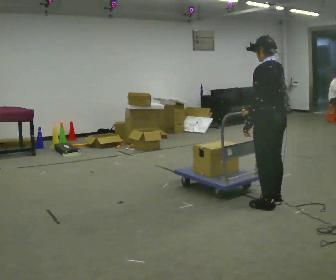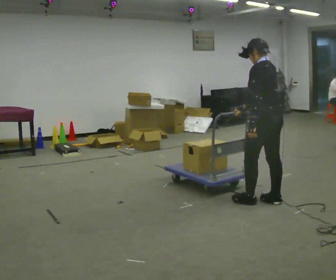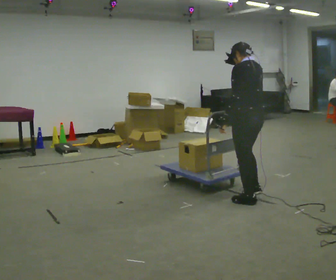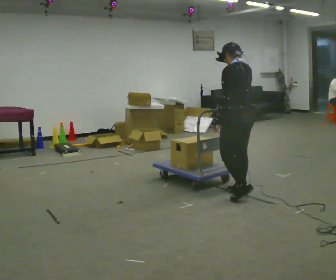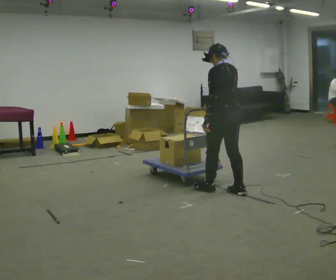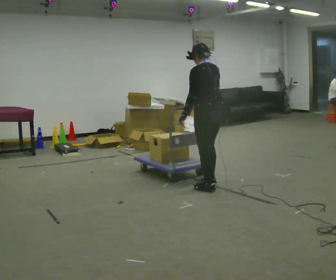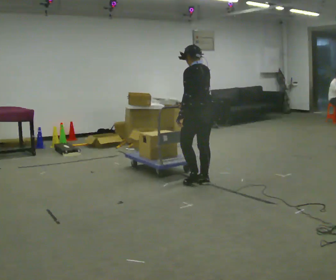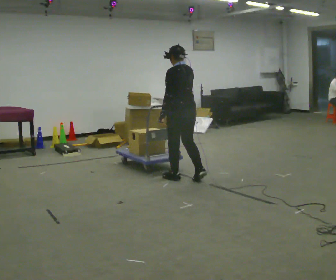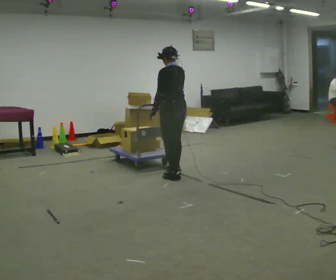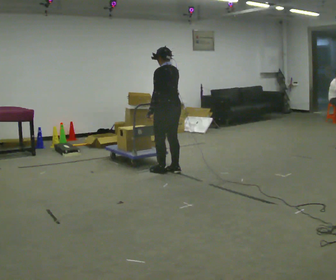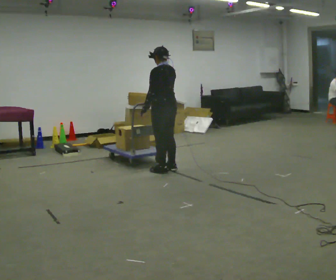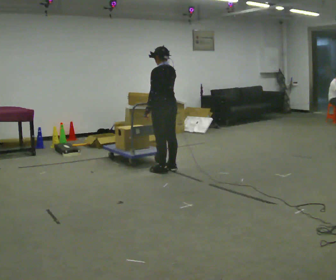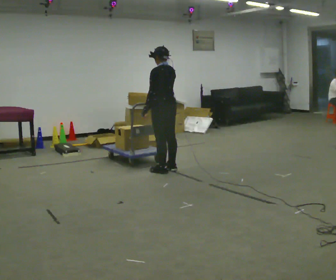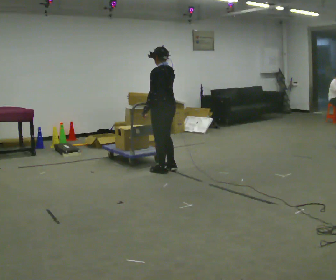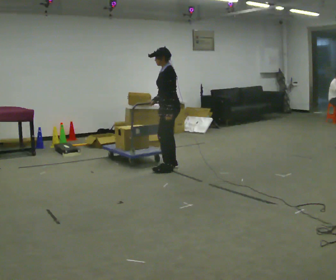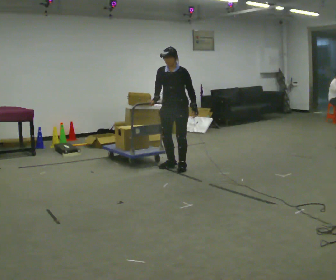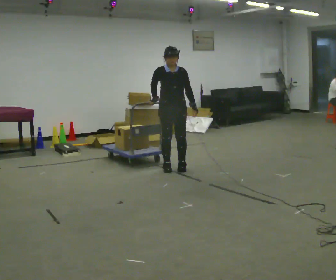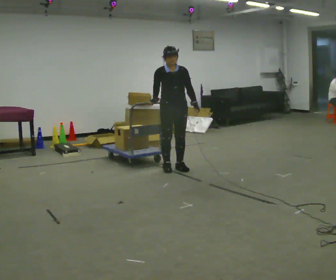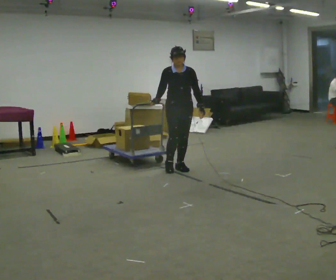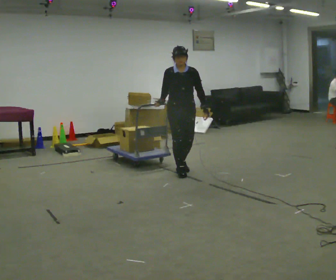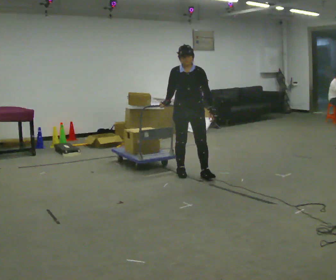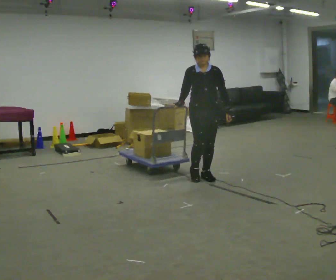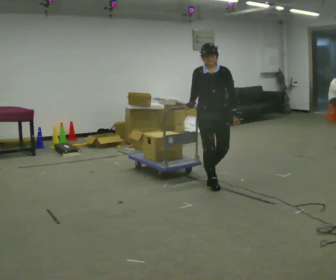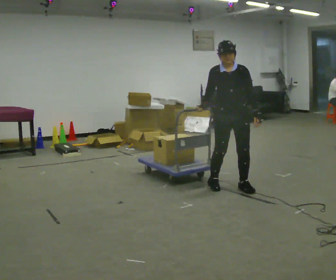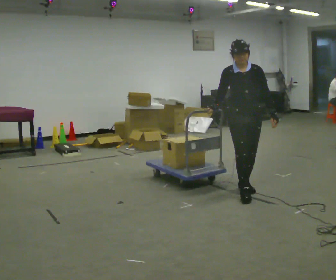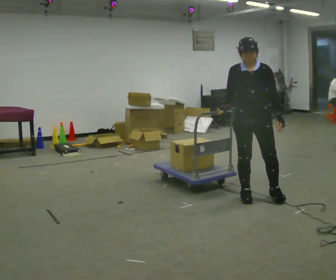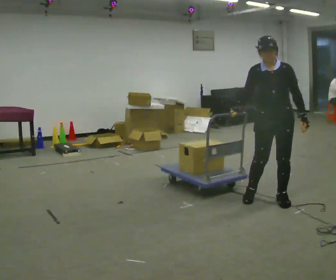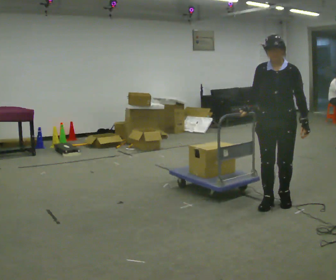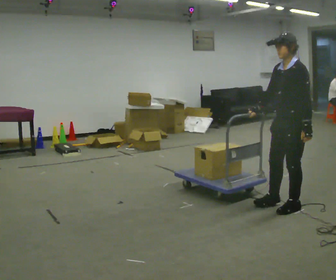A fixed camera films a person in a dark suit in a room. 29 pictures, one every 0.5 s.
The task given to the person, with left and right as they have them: Push the cart across the room using only the hand the operator calls. Keep your other arm at your side.
0.0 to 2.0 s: In the picture they go away from the camera and to the left, about 0.5 m in 3 steps, which for them is forward.
2.0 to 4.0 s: In the picture they go away from the camera and to the left, about 1 m in 3 steps, which for them is forward.
4.0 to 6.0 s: In the picture they go away from the camera, about 0.25 m in 1 step, which for them is forward.
6.0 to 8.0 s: The part of the body nearest the lens slides to the right as the person turns to their left by about 150 degrees. In the picture their left hand goes to the right, the arm swinging counterclockwise.
8.0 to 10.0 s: In the picture they go toward the camera and to the right, about 0.5 m in 2 steps, which for them is forward and to their left.
10.0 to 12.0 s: In the picture they go toward the camera and to the right, about 1 m in 3 steps, which for them is forward and to their left.
12.0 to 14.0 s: The person turns about 75 degrees to their right, clockwise seen from above, so the part of the body nearest the lens slides to the left. In the picture they go toward the camera and to the right, about 0.75 m in 3 steps.
The film runs forward here.
